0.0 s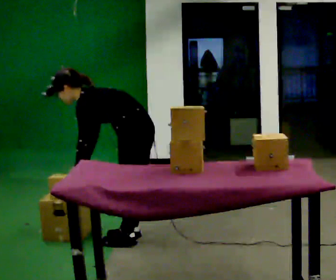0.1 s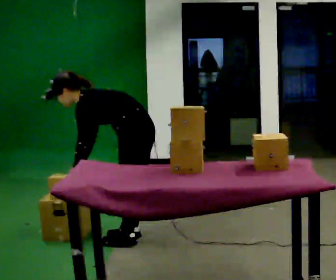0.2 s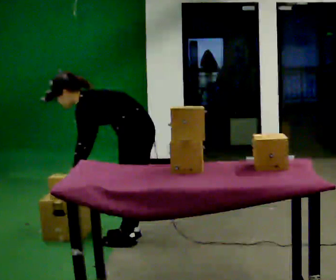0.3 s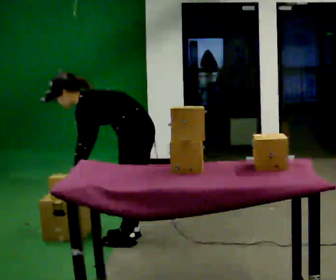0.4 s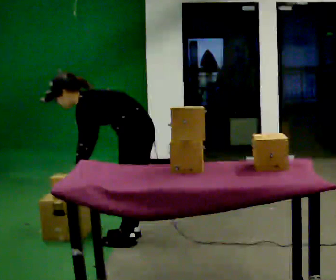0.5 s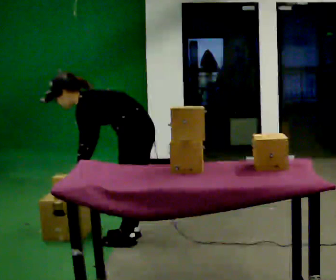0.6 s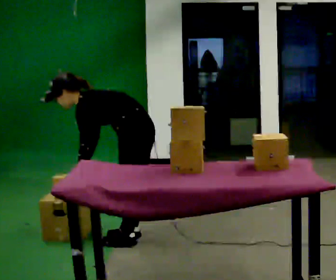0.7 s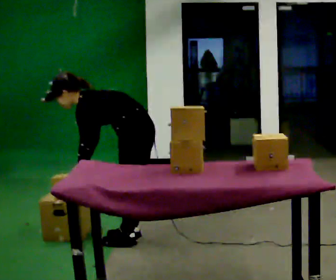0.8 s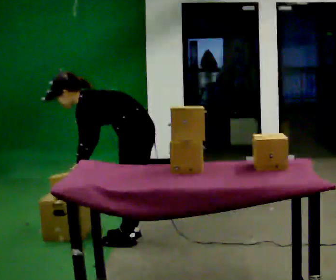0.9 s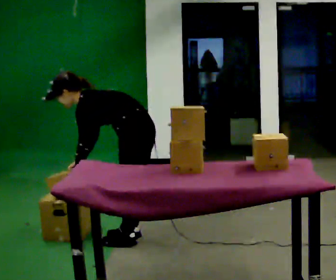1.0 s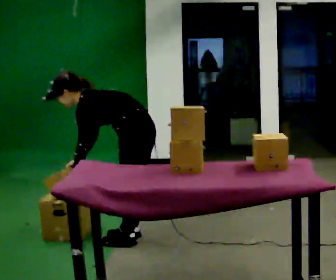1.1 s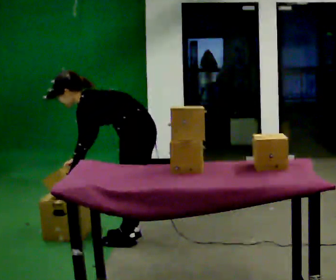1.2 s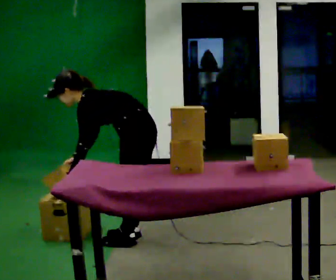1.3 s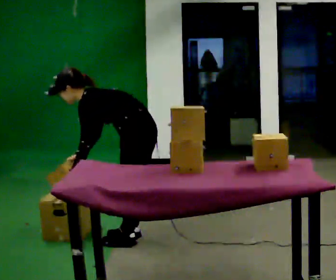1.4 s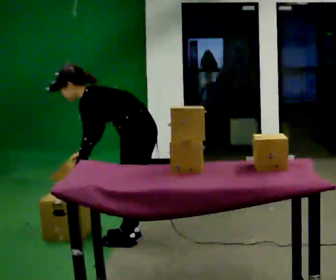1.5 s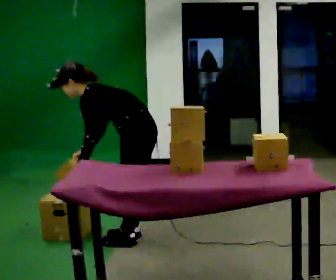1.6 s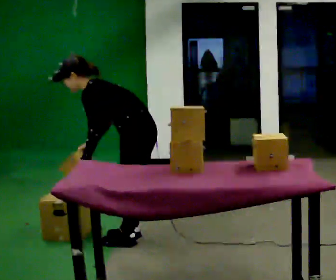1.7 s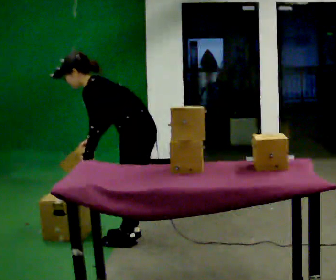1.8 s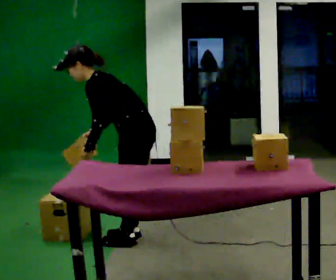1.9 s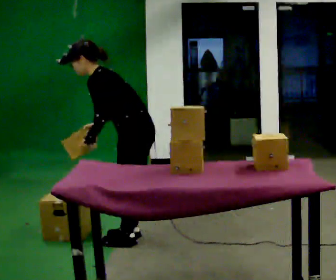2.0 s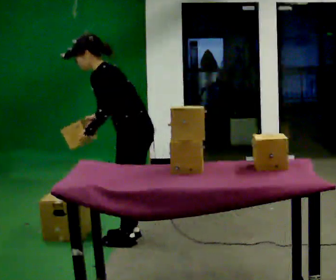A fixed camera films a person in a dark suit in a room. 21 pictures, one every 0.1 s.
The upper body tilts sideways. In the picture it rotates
clockwise.
0.0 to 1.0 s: The person moves a little, or ends about where they began.
1.0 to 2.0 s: The shoulders move upward. In the picture the upper body tilts clockwise, shoulders to the right, as they lean back or straighten. In the picture their right hand goes upward.
The film runs backward here.
